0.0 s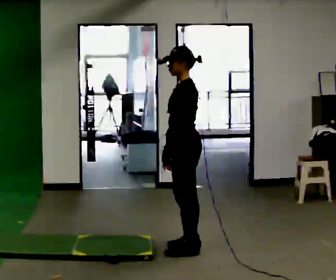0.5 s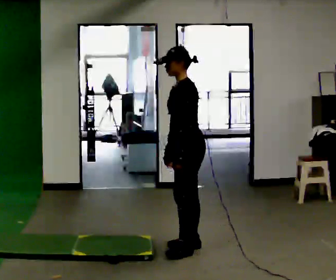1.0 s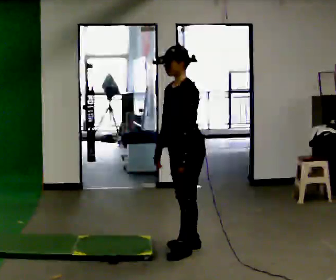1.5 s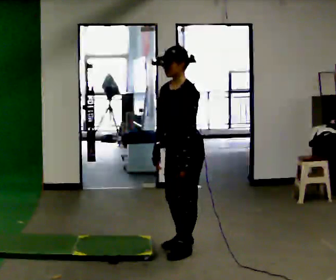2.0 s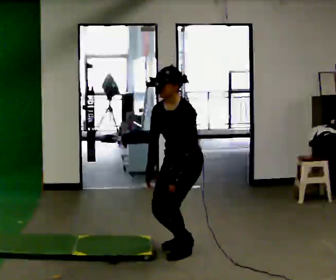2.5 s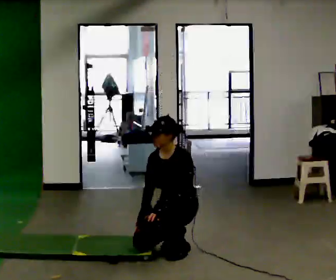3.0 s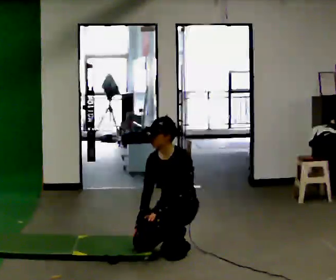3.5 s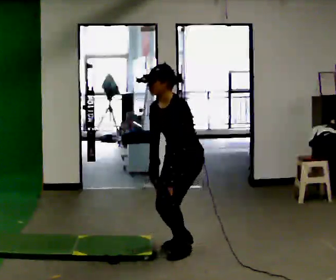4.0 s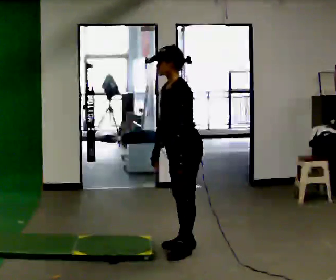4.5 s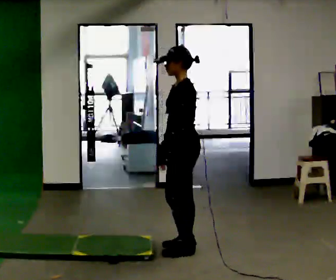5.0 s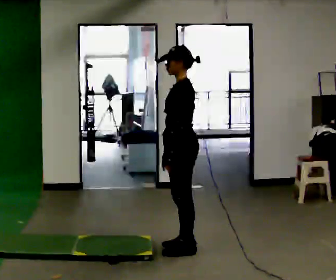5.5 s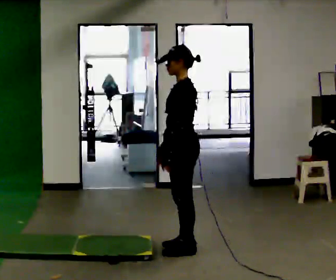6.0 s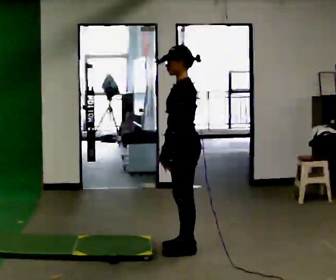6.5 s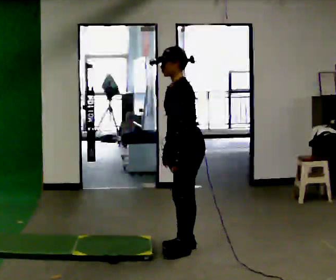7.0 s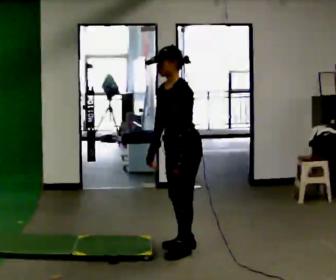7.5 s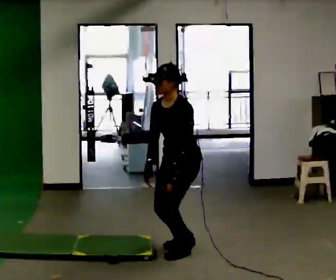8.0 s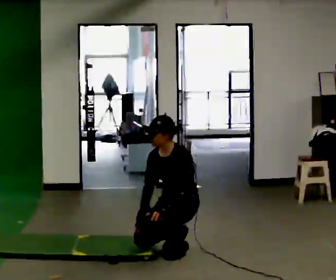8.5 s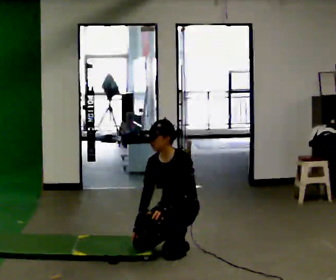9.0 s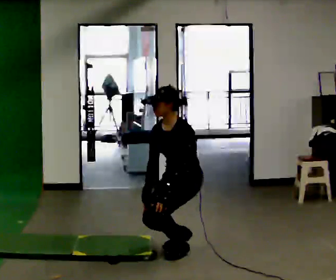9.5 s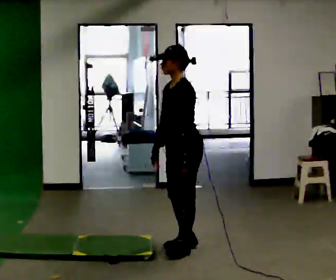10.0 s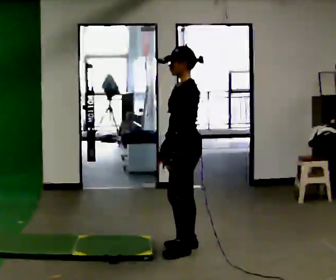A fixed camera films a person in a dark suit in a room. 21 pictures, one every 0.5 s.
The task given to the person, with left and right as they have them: From standing, kneel onto the knee the operator calls, hold briefly, then stand back up. Repeat the movement at your own pace until the operator says stop; do not rush.
0.0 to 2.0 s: The part of the body nearest the lens slides to the right as the person turns to their left by about 45 degrees. The shoulders move downward.
2.0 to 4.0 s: Seen from above the body turns clockwise, about 30 degrees: to their right, with its near side sliding to the left.
4.0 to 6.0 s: The person moves a little, or ends about where they began.
6.0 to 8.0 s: The part of the body nearest the lens slides to the right as the person turns to their left by about 45 degrees. The shoulders move downward. In the picture their right hand goes downward.
8.0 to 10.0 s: Seen from above the body turns clockwise, about 45 degrees: to their right, with its near side sliding to the left. The upper body goes upward. In the picture their right hand goes upward.
The film runs forward here.
